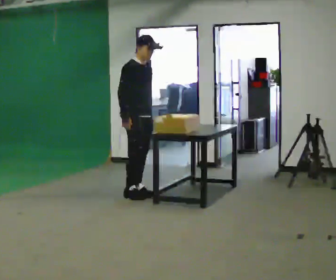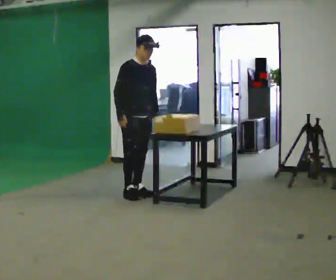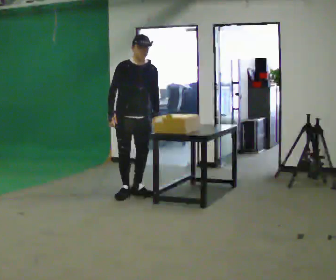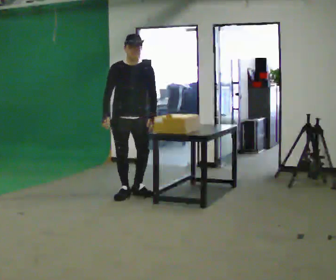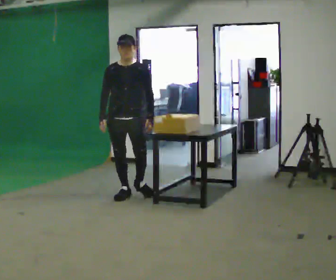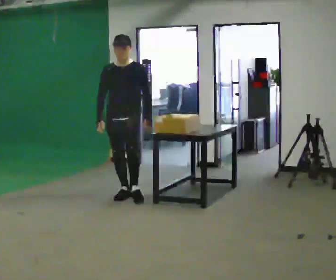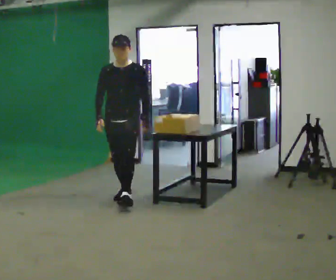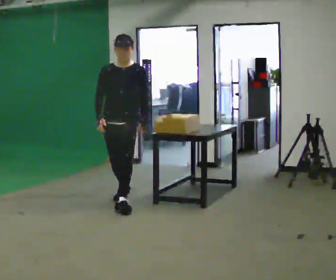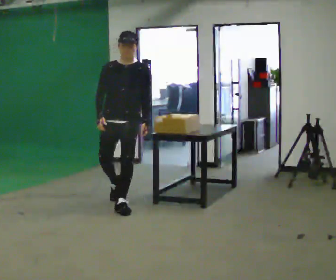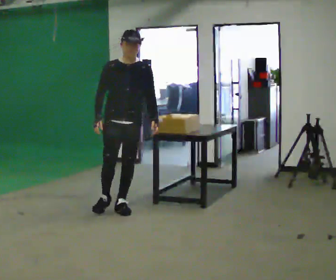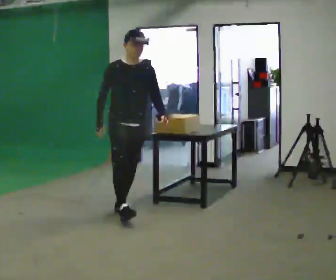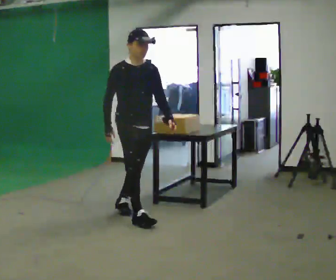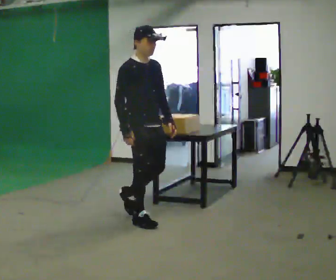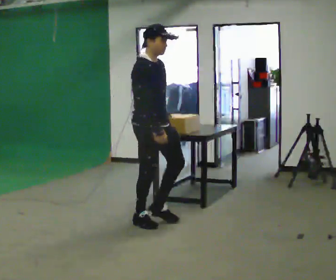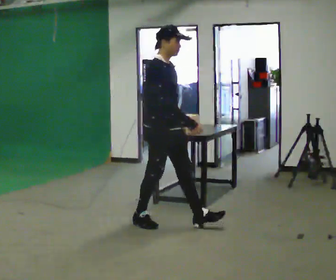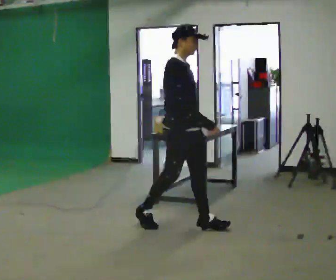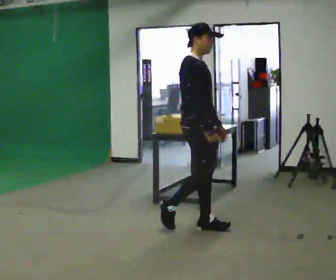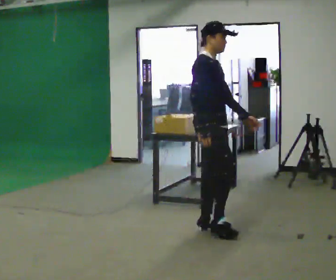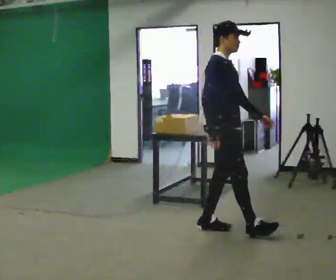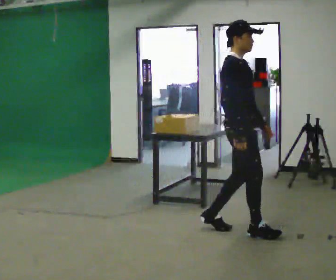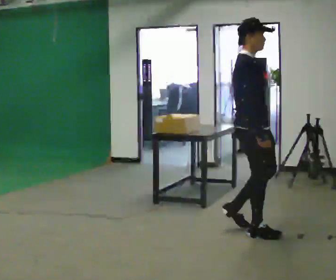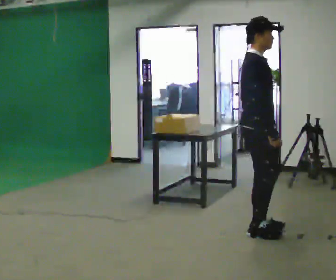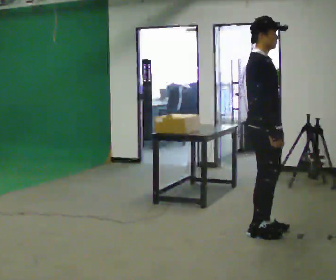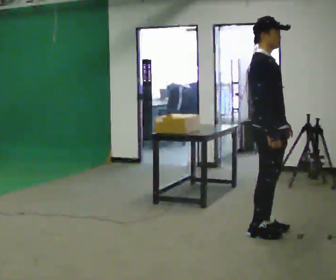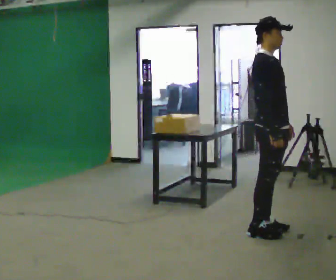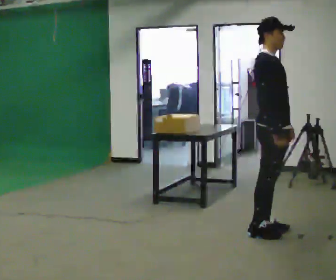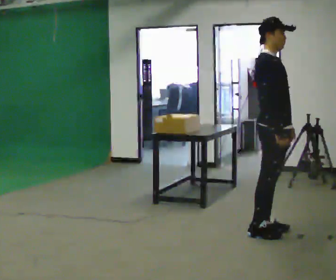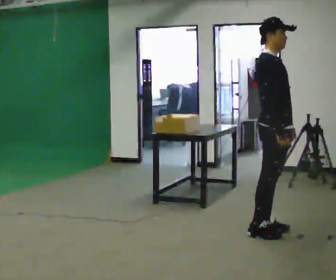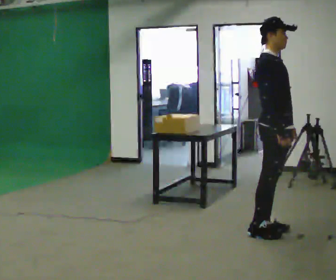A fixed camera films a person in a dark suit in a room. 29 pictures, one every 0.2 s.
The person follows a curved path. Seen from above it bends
counterclockwise.
0.0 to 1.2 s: The person turns about 60 degrees to their right, clockwise seen from above, so the part of the body nearest the lens slides to the left. In the picture they go toward the camera, about 0.25 m.
1.2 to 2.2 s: The person turns about 45 degrees to their left, counterclockwise seen from above, so the part of the body nearest the lens slides to the right. In the picture they go toward the camera, about 0.5 m in 2 steps, which for them is forward.
2.2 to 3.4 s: The person turns about 30 degrees to their left, counterclockwise seen from above, so the part of the body nearest the lens slides to the right. In the picture they go to the right and toward the camera, about 1 m in 1 step, which for them is forward.
3.4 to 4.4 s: In the picture they go to the right, about 0.5 m in 2 steps, which for them is forward.
4.4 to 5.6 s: The person moves a little, or ends about where they began.
The film runs forward here.
